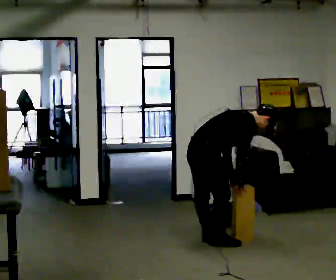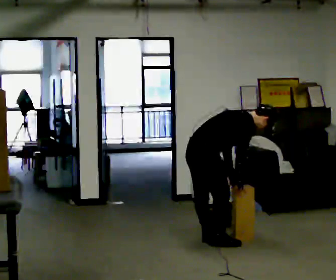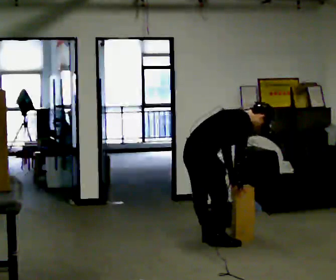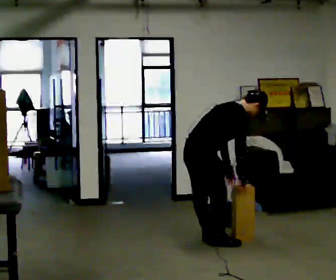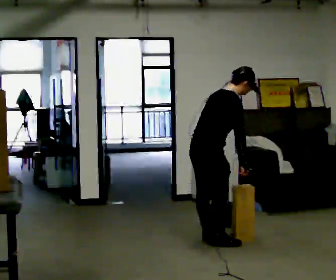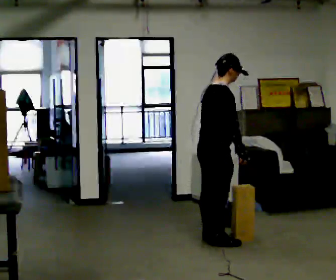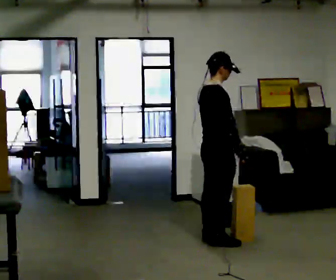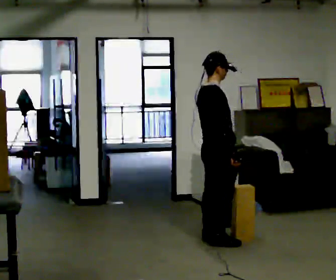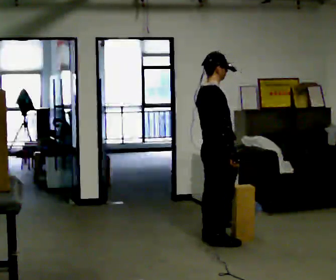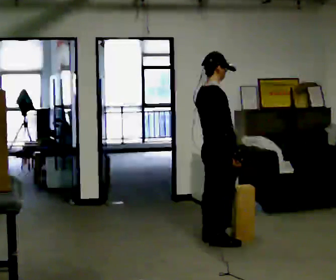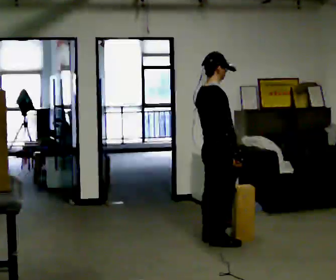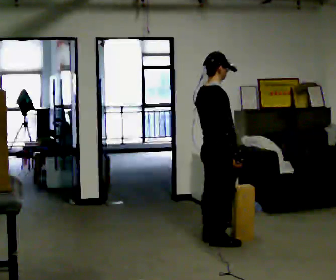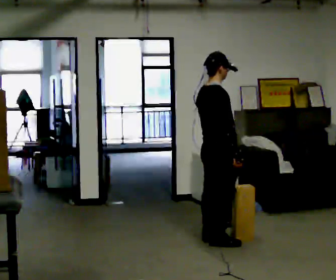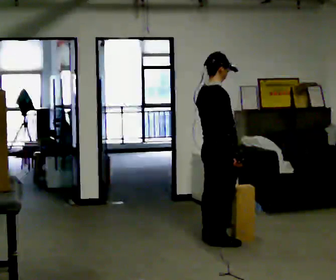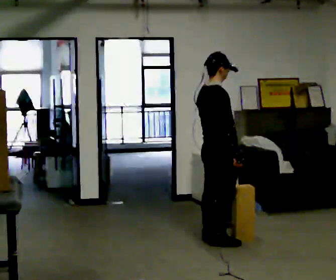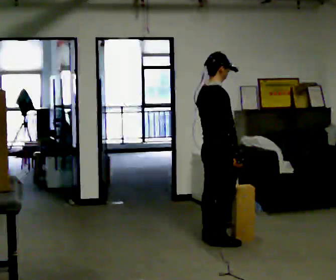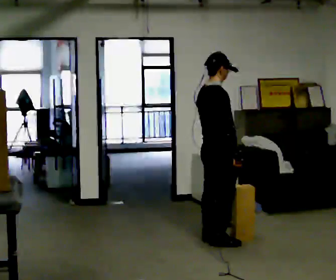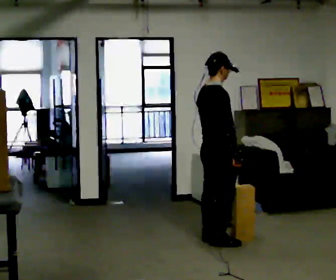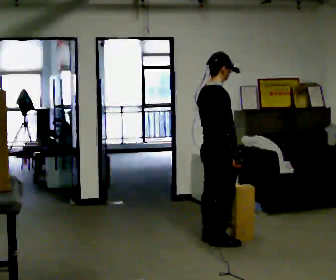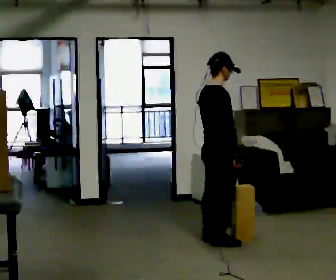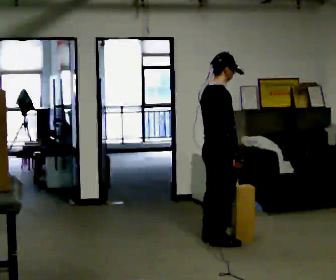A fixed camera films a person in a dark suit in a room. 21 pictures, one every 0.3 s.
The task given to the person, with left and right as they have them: Pick an object up off the floor, carry it across the room, and place it on the highest shelf you can comfortably reach. Keep going until the operator says stop; one object at a time, and do not rush between trips.
0.0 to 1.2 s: The upper body goes upward. In the picture the upper body tilts counterclockwise, shoulders to the left, as they lean back or straighten.
1.2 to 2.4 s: In the picture the upper body tilts counterclockwise, shoulders to the left, as they lean back or straighten.
2.4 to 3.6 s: The person moves a little, or ends about where they began.
3.6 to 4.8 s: The person keeps their place and pose.
4.8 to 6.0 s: The person moves a little, or ends about where they began.
The film runs forward here.
